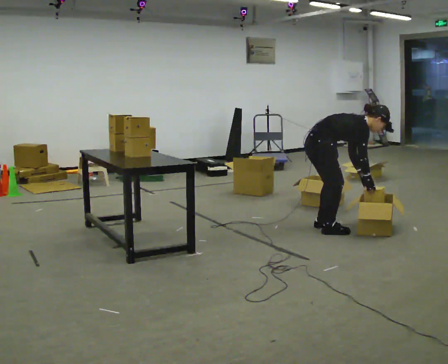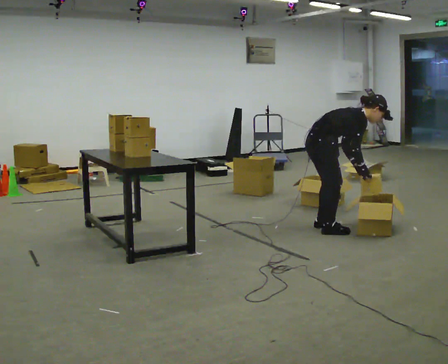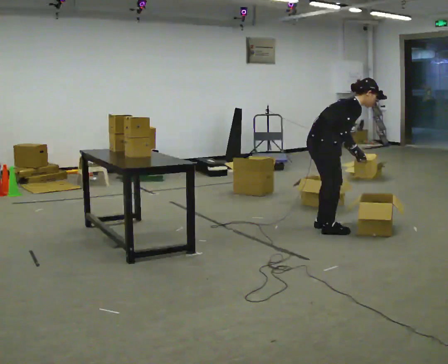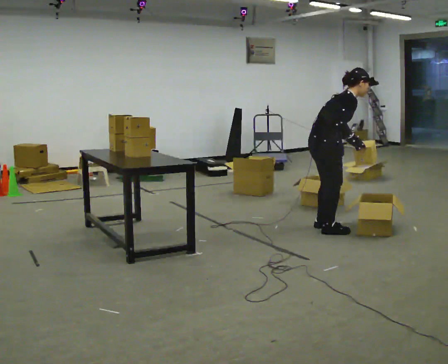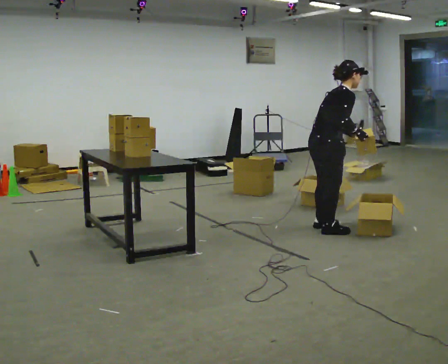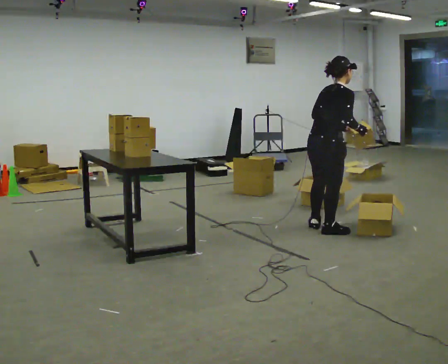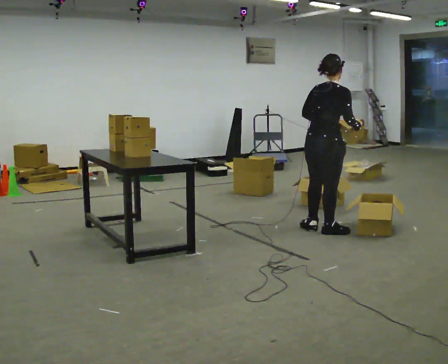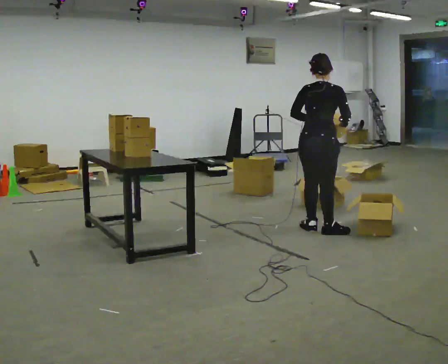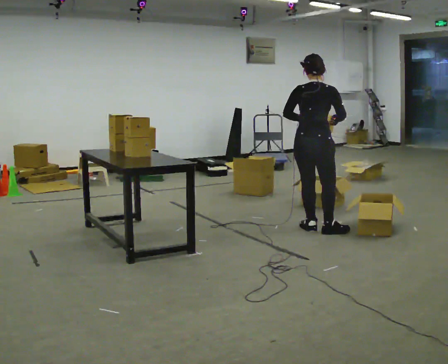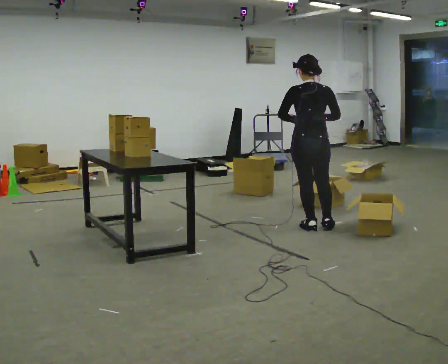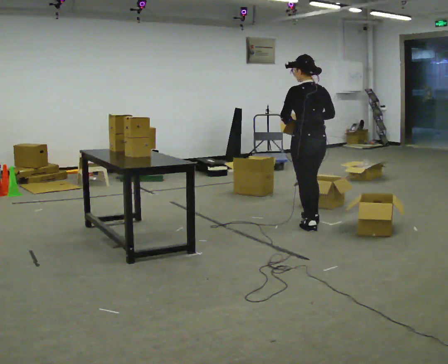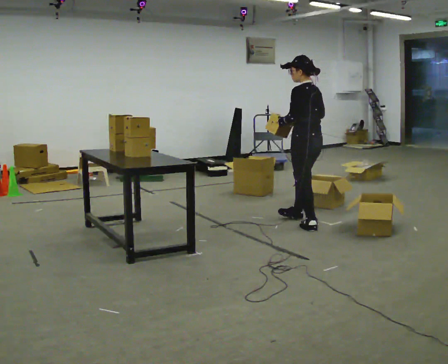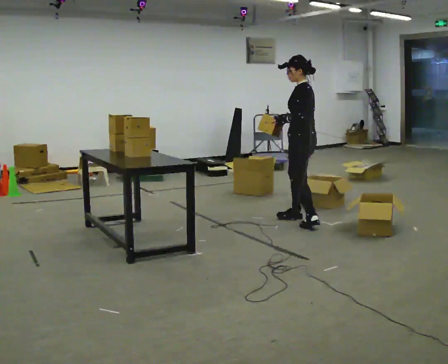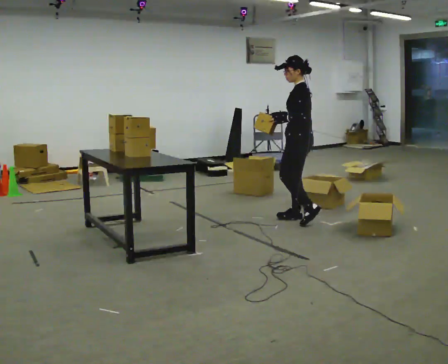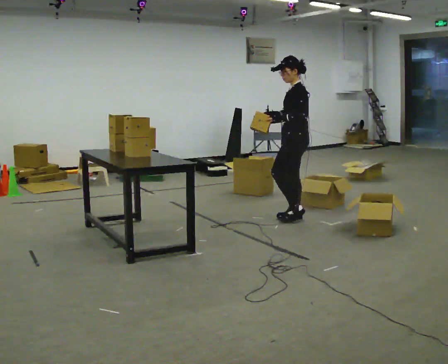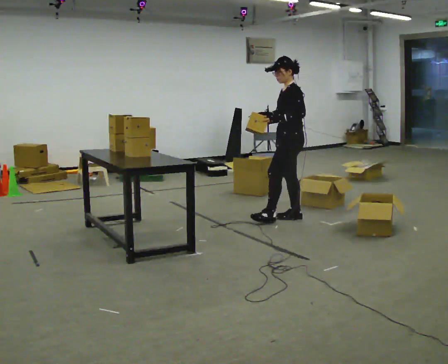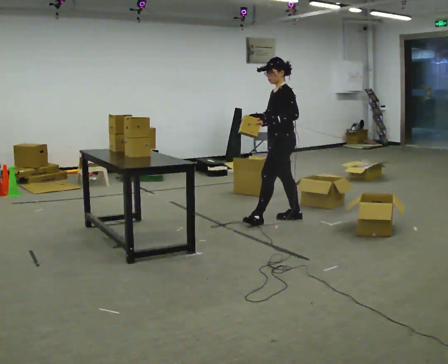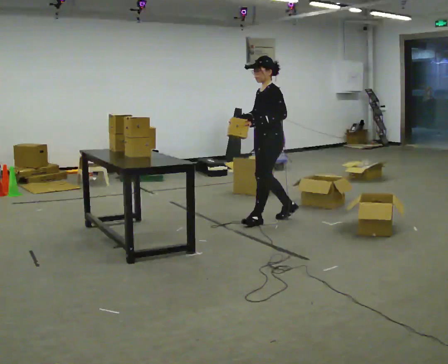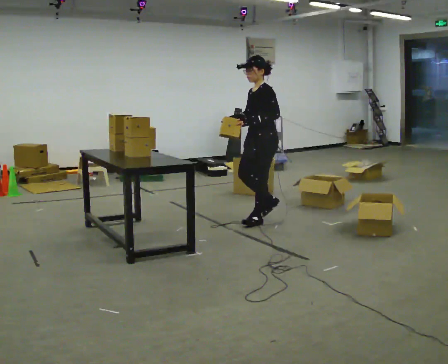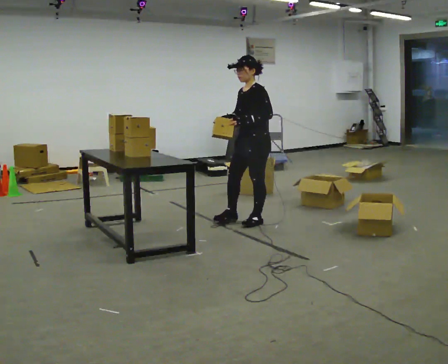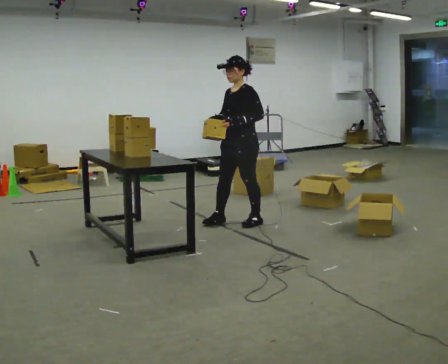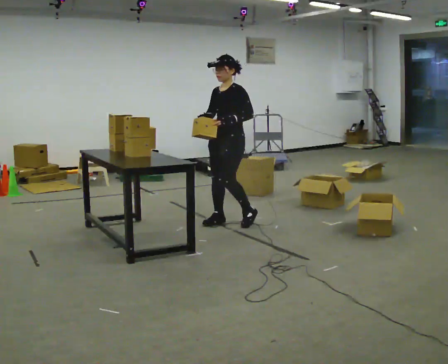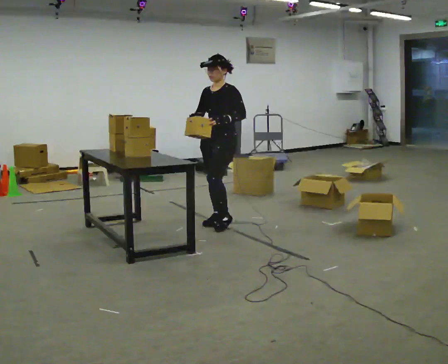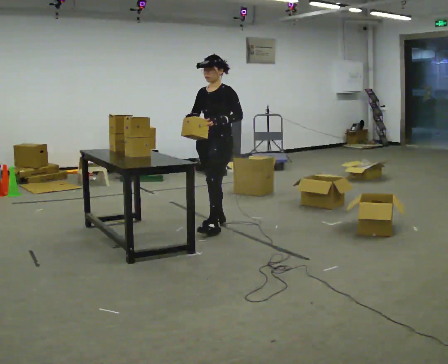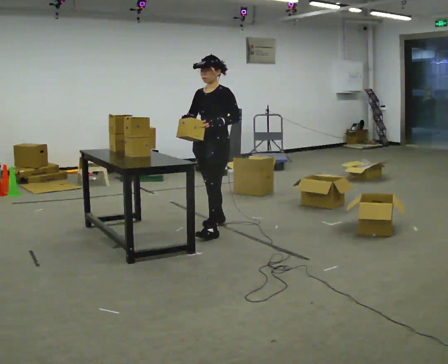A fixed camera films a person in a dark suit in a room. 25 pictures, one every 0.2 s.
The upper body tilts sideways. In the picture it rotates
counterclockwise.
The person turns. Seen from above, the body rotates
counterclockwise.
0.0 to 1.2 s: Seen from above the body turns counterclockwise, about 45 degrees: to their left, with its near side sliding to the right. The shoulders move upward. In the picture the upper body tilts counterclockwise, shoulders to the left, as they lean back or straighten. In the picture their right hand goes upward.
1.2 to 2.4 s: The person turns about 120 degrees to their left, counterclockwise seen from above, so the part of the body nearest the lens slides to the right. In the picture they go away from the camera, about 0.5 m in 1 step.
2.4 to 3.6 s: The part of the body nearest the lens slides to the right as the person turns to their left by about 45 degrees. In the picture they go to the left, about 0.5 m in 1 step, which for them is forward.
3.6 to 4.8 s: The part of the body nearest the lens slides to the right as the person turns to their left by about 30 degrees. In the picture they go to the left and toward the camera, about 0.5 m in 2 steps, which for them is forward.
The film runs forward here.
